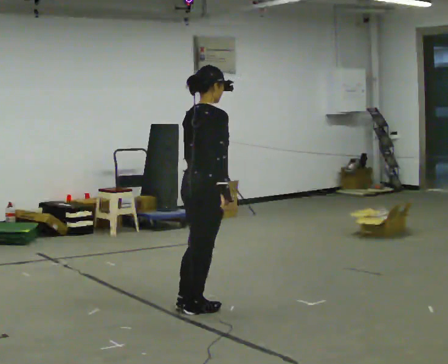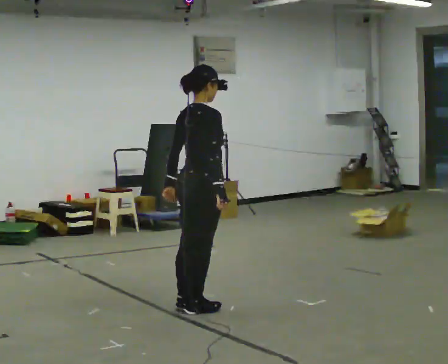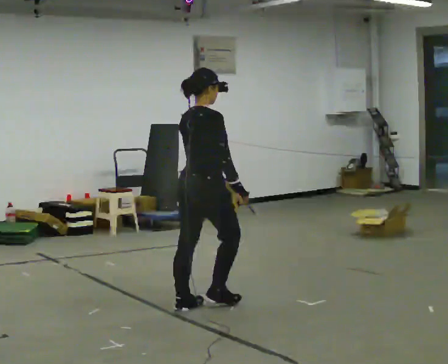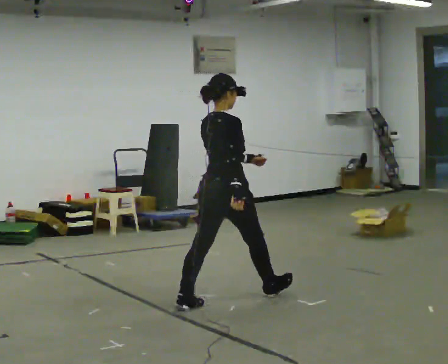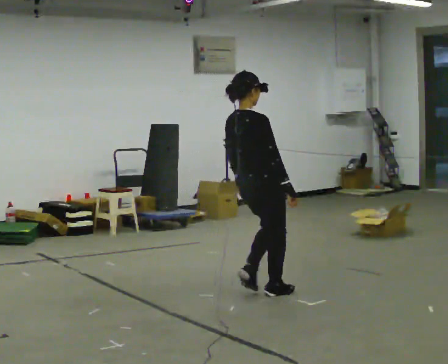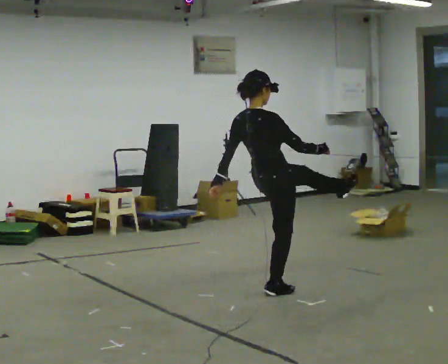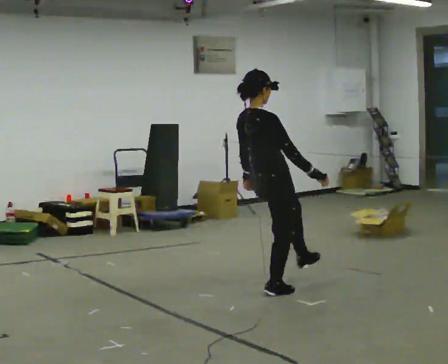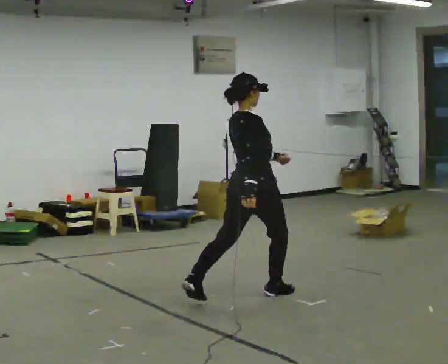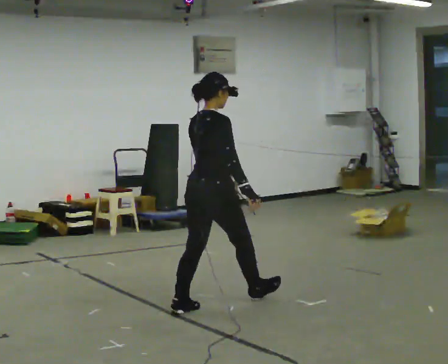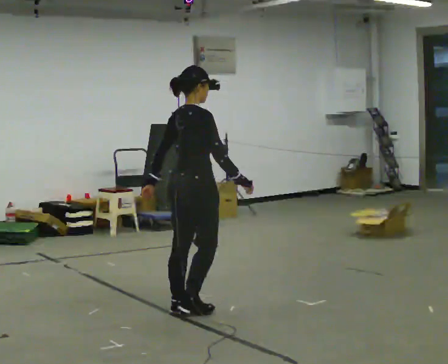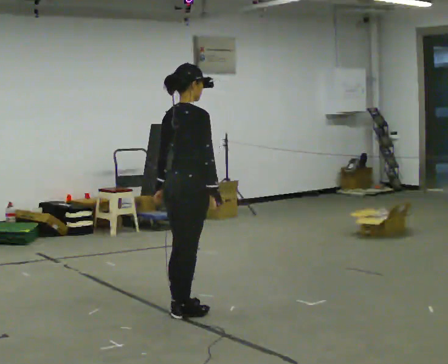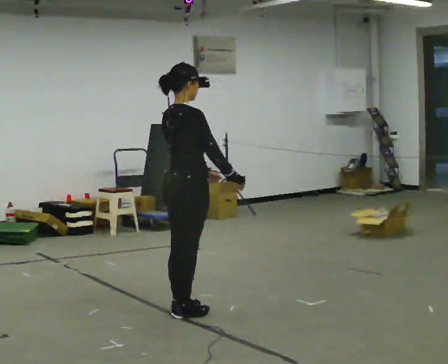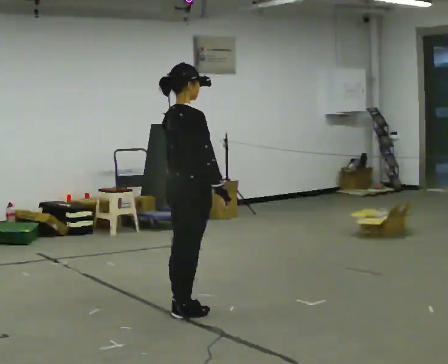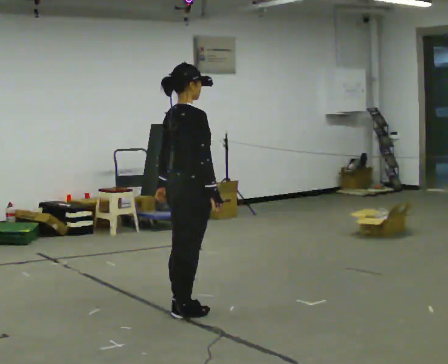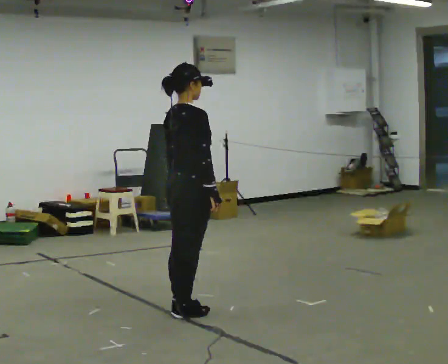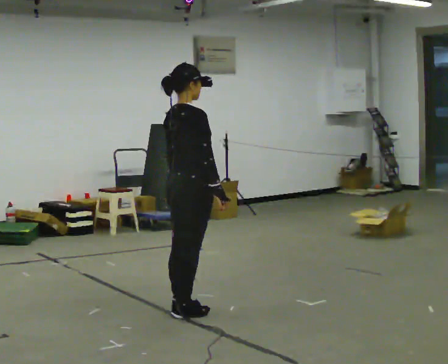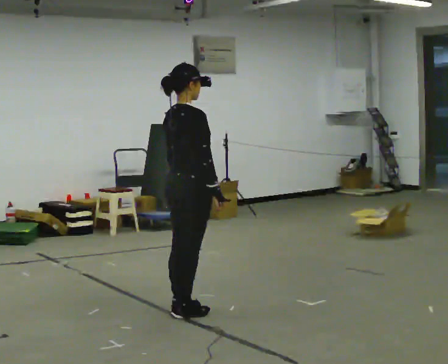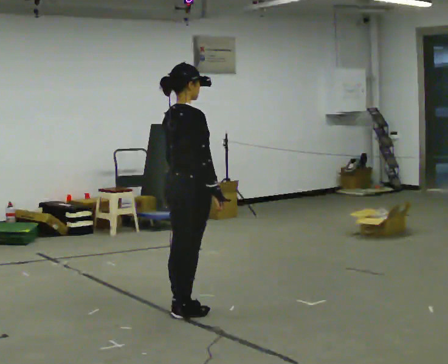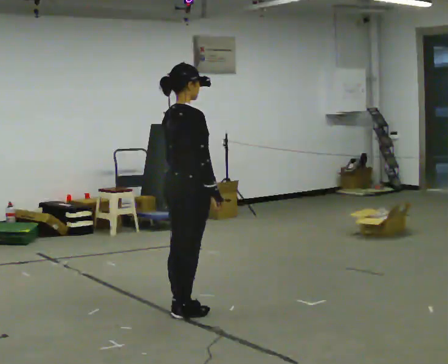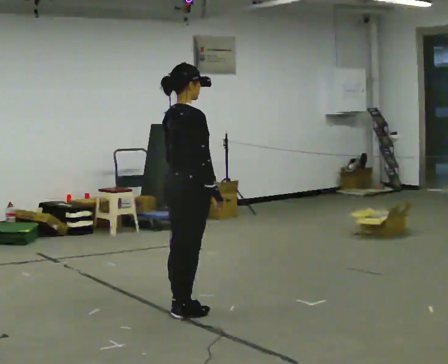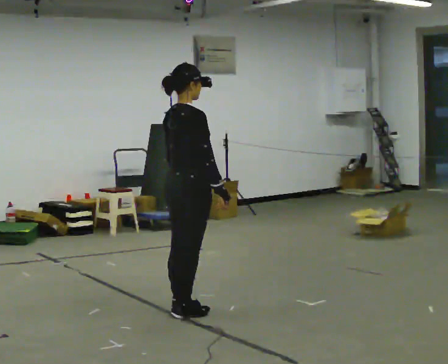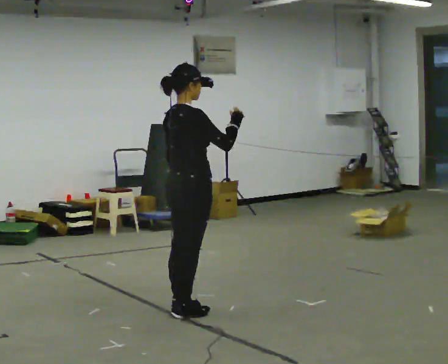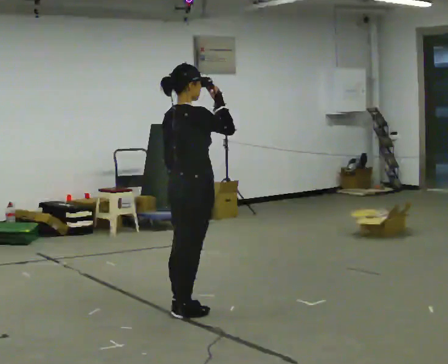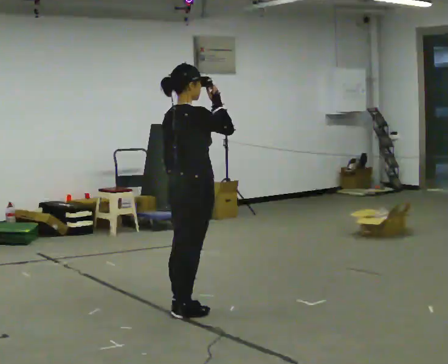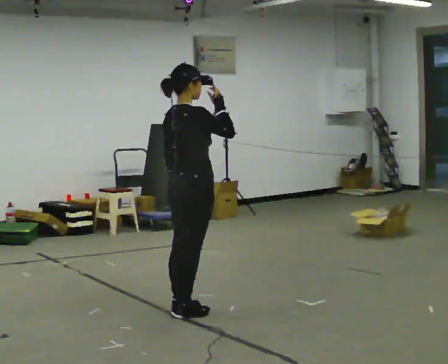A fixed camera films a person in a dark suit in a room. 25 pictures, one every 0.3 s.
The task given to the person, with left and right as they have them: Dance freely at a fast tempo as if to upbeat music; keep moving continuously.
0.0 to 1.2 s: In the picture they go to the right and away from the camera, about 0.5 m in 1 step, which for them is forward. In the picture the upper body tilts counterclockwise, shoulders to the left, as they lean back or straighten.
1.2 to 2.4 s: In the picture they go to the left and toward the camera, about 0.5 m, which for them is backward. In the picture the upper body tilts clockwise, shoulders to the right.
2.4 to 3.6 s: In the picture they go toward the camera, about 0.25 m in 1 step, which for them is backward.
3.6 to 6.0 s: The person moves a little, or ends about where they began.
6.0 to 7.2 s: In the picture their right hand goes upward.
The film runs forward here.
